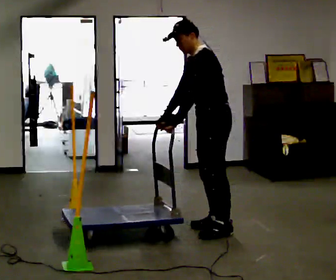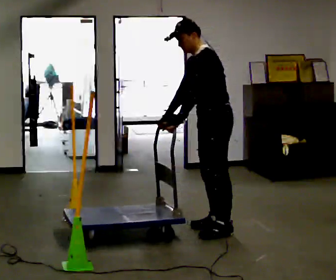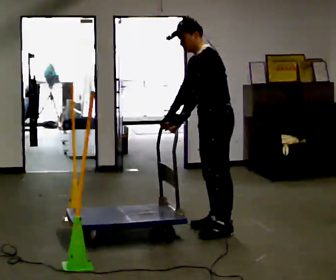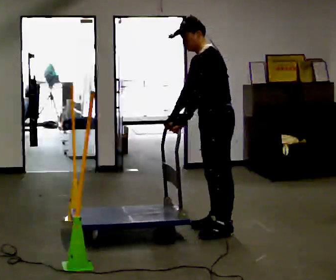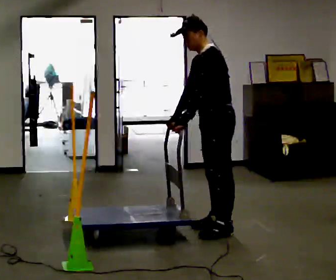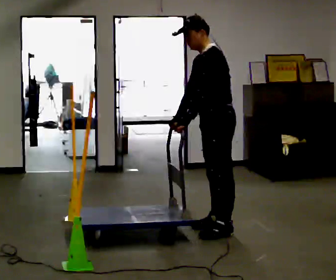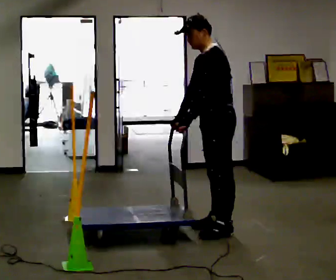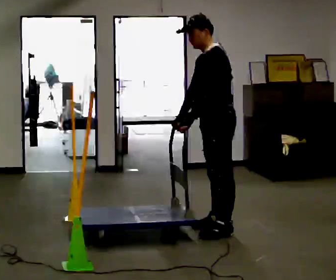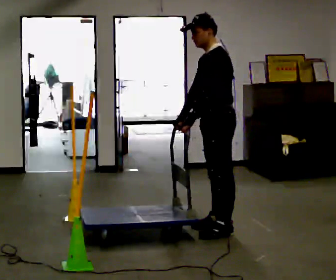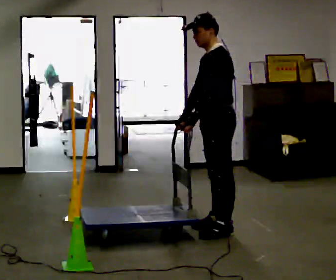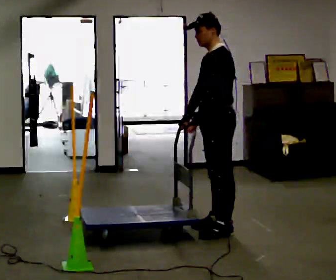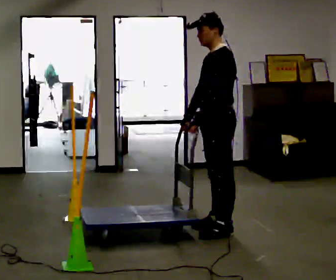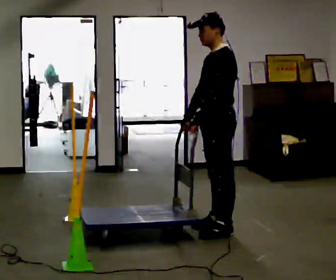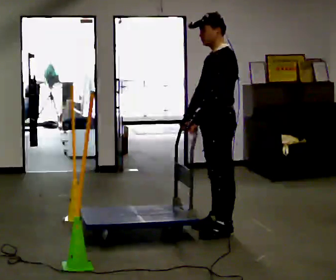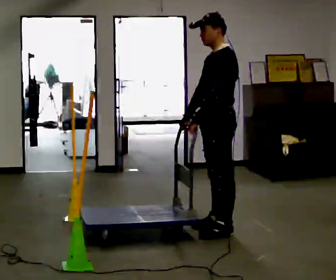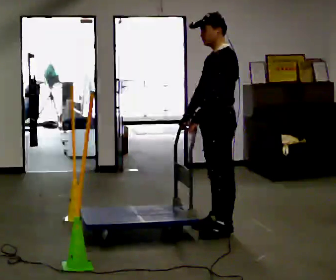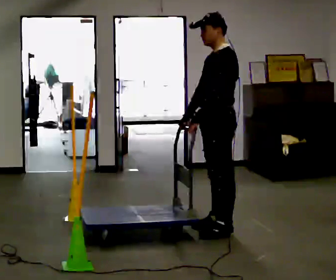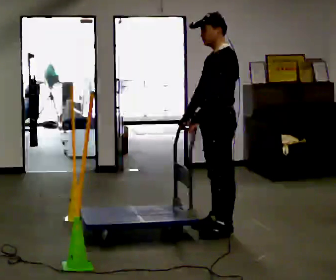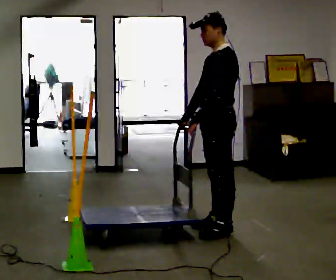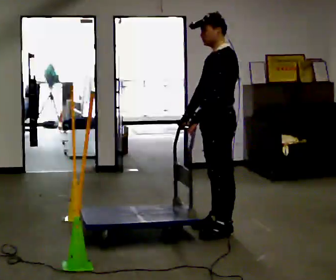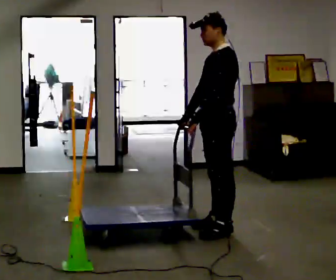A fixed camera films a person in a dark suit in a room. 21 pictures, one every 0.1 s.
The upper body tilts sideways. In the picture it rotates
clockwise.
0.0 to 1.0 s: In the picture the upper body tilts clockwise, shoulders to the right.
1.0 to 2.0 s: The person moves a little, or ends about where they began.
The film runs backward here.
